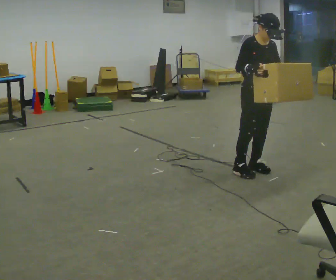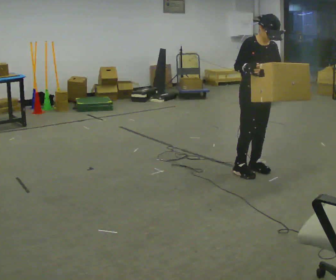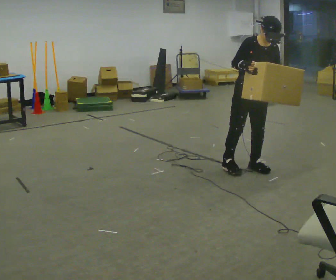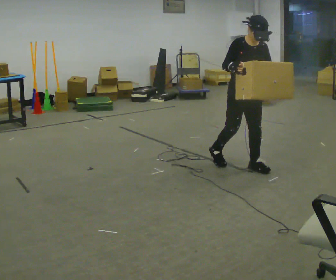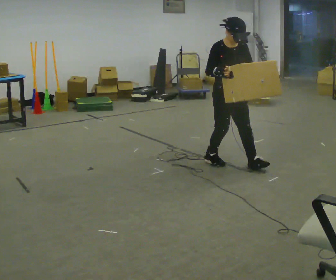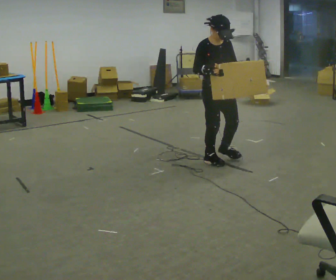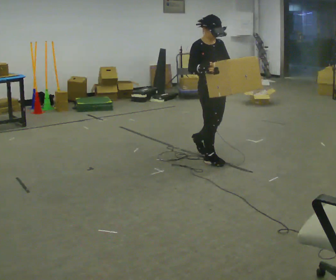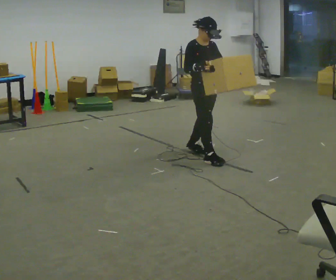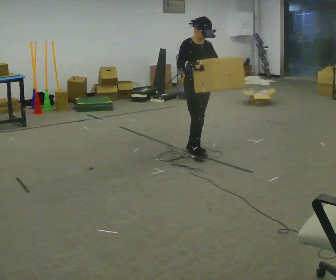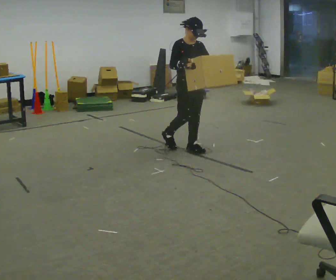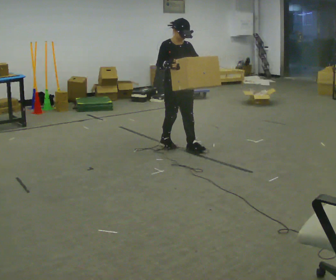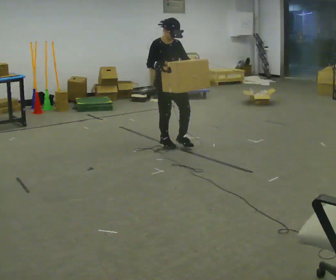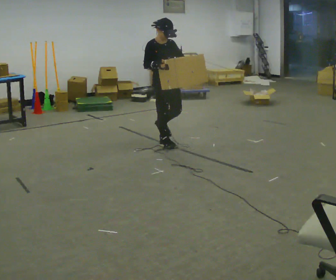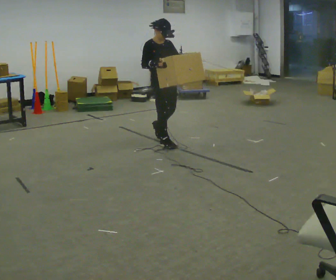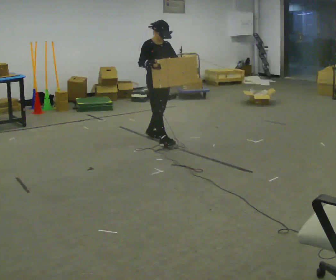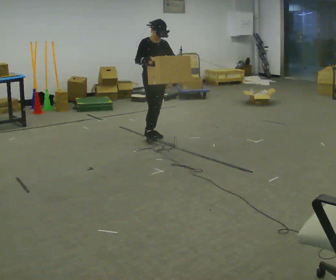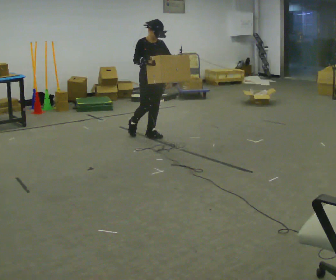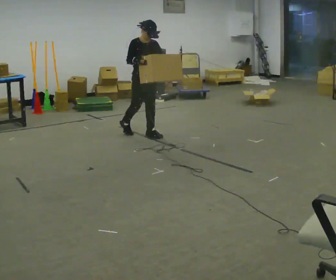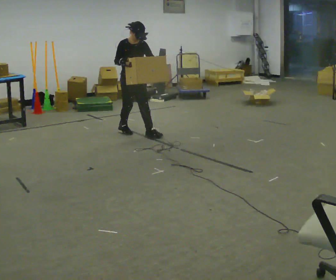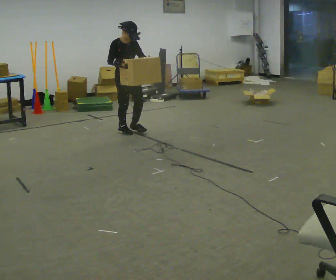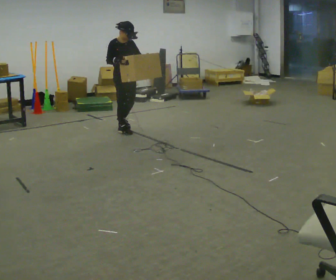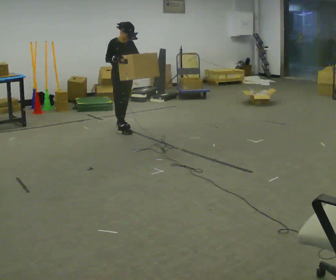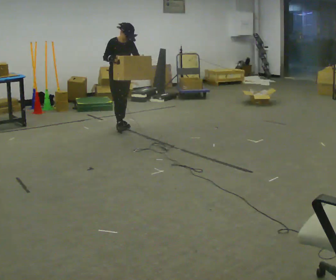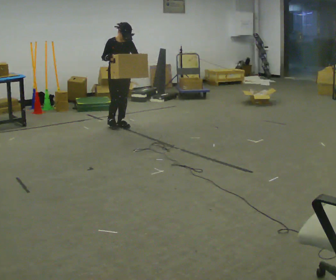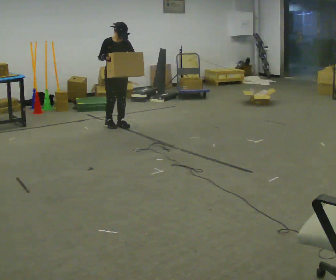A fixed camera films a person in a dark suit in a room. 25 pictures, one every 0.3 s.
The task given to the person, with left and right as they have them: Carry the box while walking backward. The operator confirms the space behind you is clear before each take.
0.0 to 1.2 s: In the picture they go away from the camera and to the left, about 0.25 m in 1 step, which for them is backward and to their right.
1.2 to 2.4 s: In the picture they go away from the camera and to the left, about 0.5 m in 1 step, which for them is backward.
2.4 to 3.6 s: In the picture they go to the left and away from the camera, about 0.5 m in 1 step, which for them is backward.
3.6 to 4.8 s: In the picture they go away from the camera and to the left, about 0.5 m in 1 step, which for them is backward and to their left.
4.8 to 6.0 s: In the picture they go to the left and away from the camera, about 0.5 m in 1 step, which for them is backward.
6.0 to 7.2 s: In the picture they go away from the camera, about 0.25 m in 2 steps, which for them is backward.
The film runs forward here.
